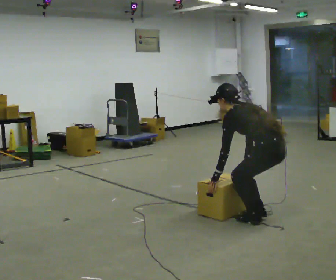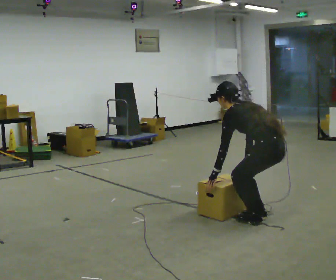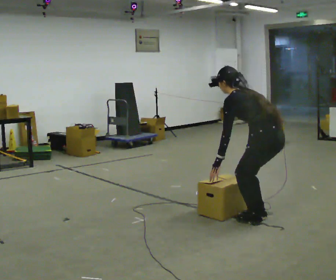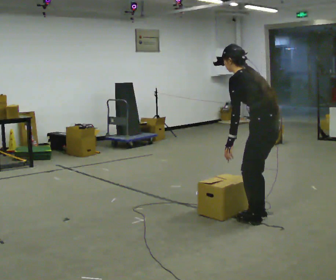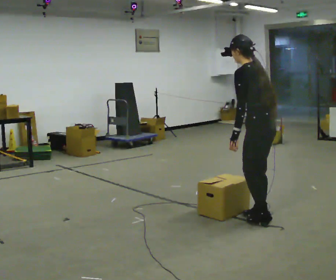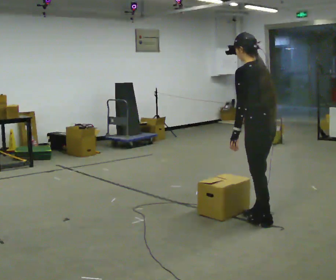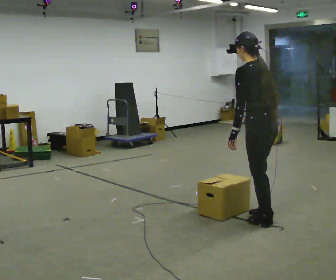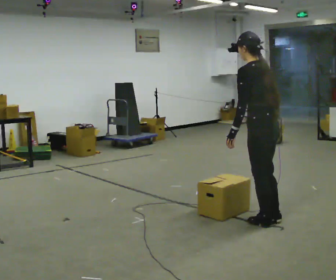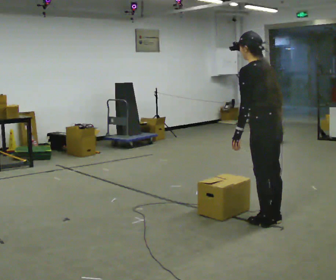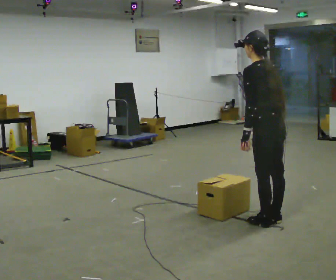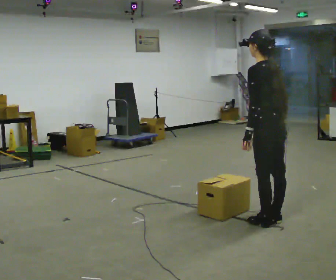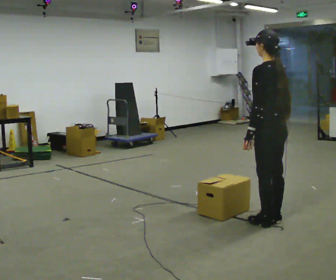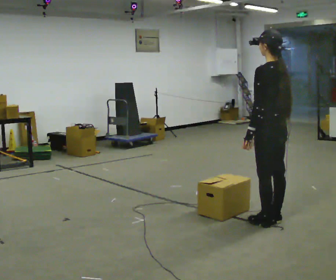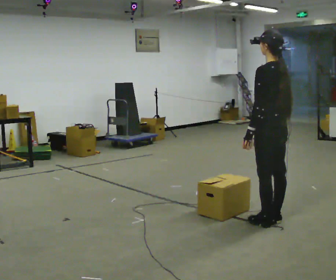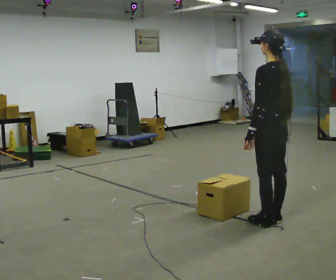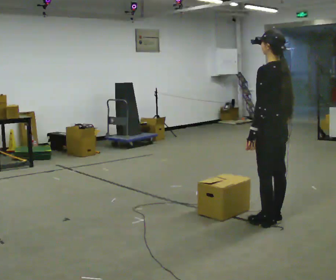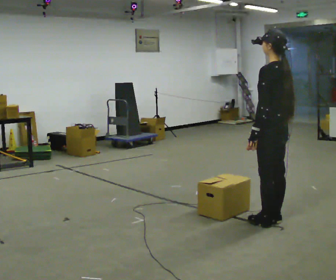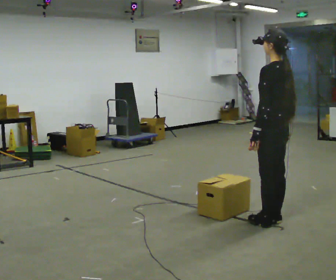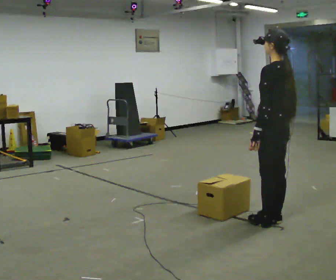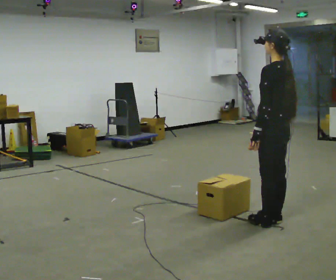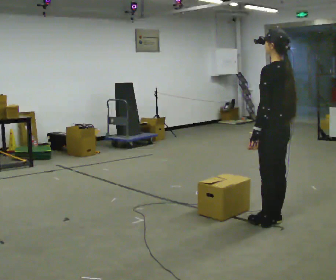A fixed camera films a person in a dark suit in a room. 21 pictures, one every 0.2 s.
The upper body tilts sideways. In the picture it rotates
clockwise.
The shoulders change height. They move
upward.
0.0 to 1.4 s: The shoulders move upward. In the picture the upper body tilts clockwise, shoulders to the right, as they lean back or straighten. In the picture their right hand goes upward.
1.4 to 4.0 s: The person moves a little, or ends about where they began.
The film runs backward here.
